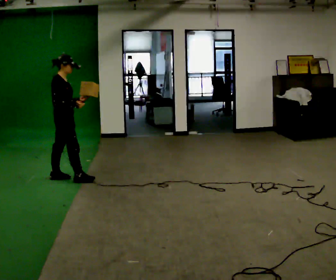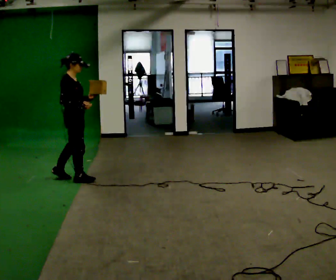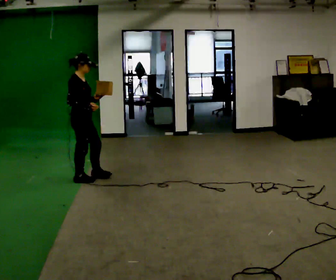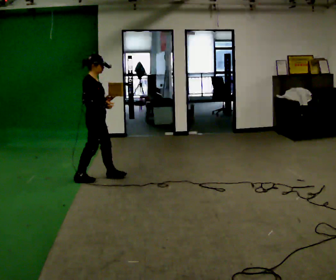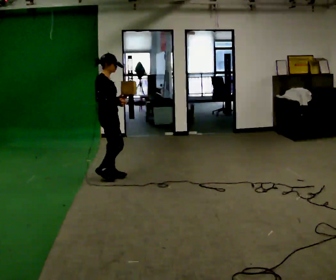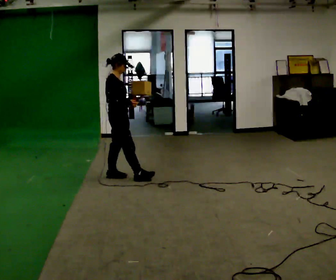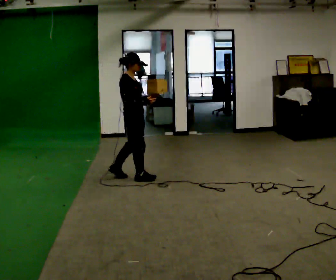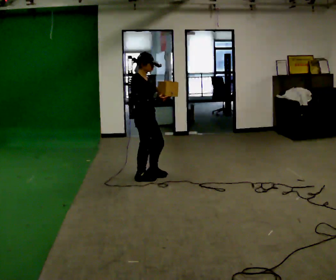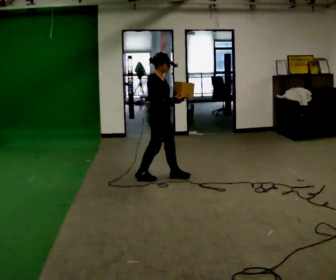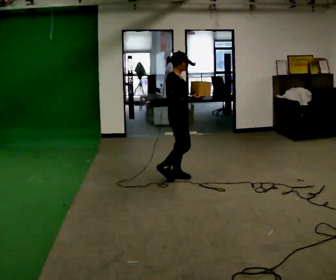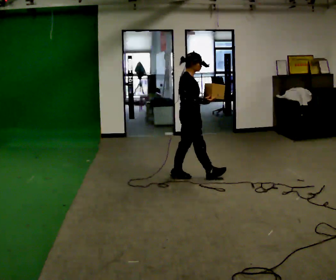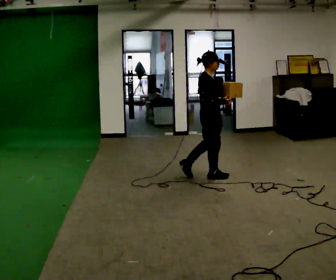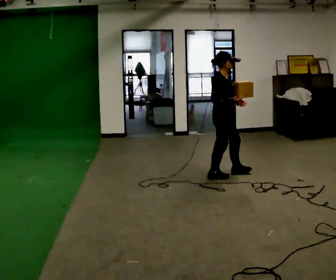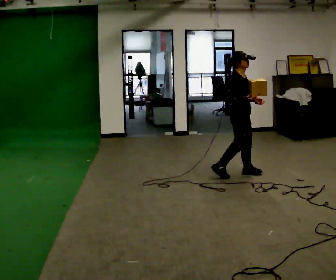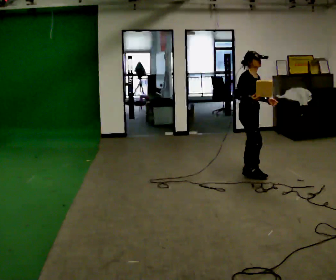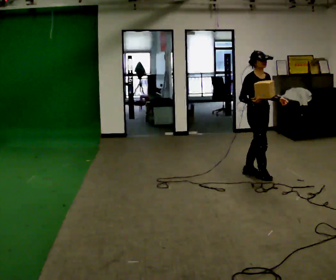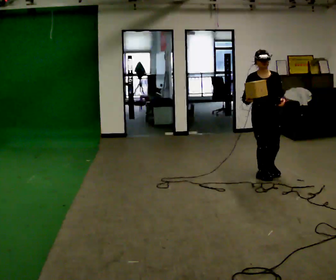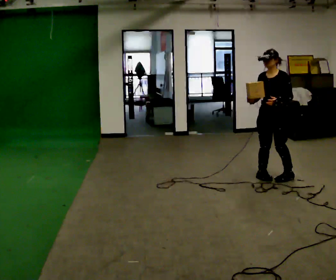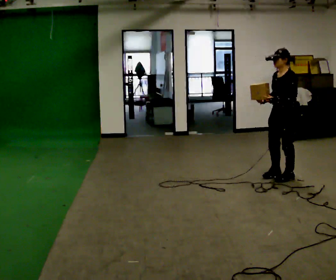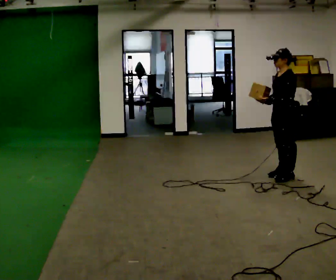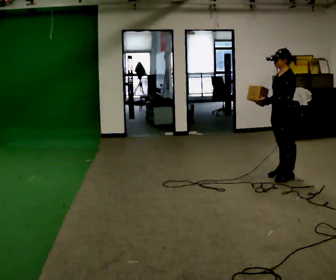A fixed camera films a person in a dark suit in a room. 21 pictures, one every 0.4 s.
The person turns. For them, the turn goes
to their right.
The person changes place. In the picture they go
to the right.
0.0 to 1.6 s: In the picture they go to the right, about 0.5 m in 1 step, which for them is forward.
1.6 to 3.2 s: In the picture they go to the right, about 0.75 m in 2 steps, which for them is forward.
3.2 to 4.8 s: In the picture they go to the right, about 0.5 m in 1 step, which for them is forward.
4.8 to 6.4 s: The person turns about 75 degrees to their right, clockwise seen from above, so the part of the body nearest the lens slides to the left. In the picture they go to the right, about 0.5 m in 2 steps.
6.4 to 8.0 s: The part of the body nearest the lens slides to the left as the person turns to their right by about 90 degrees. In the picture they go to the right, about 0.25 m in 2 steps.
The film runs forward here.
